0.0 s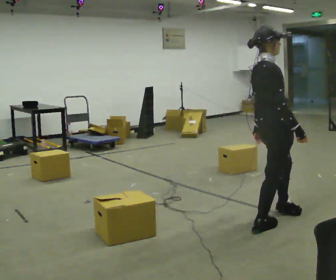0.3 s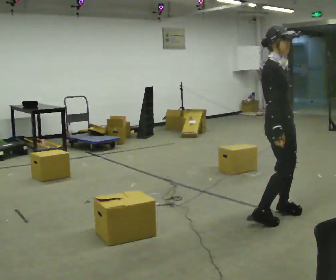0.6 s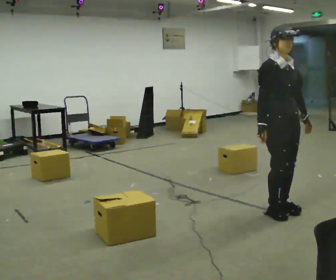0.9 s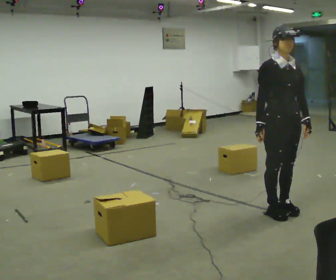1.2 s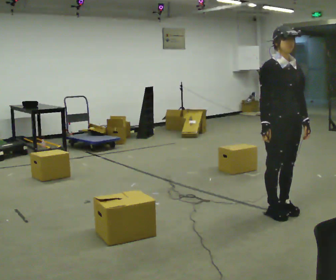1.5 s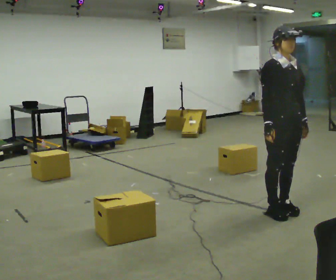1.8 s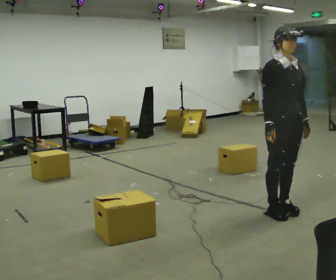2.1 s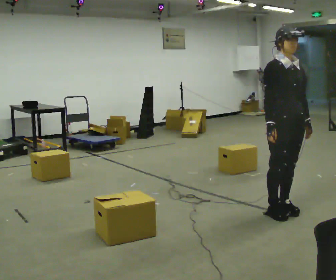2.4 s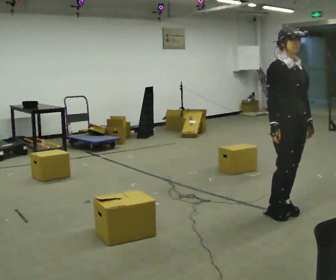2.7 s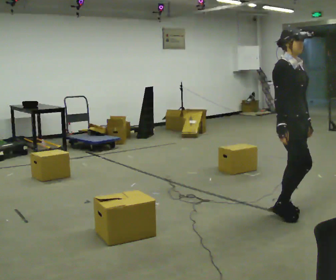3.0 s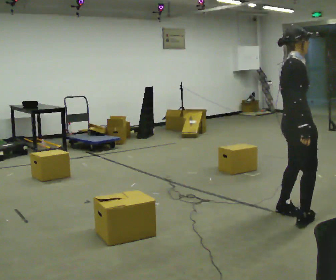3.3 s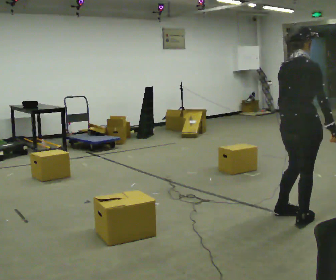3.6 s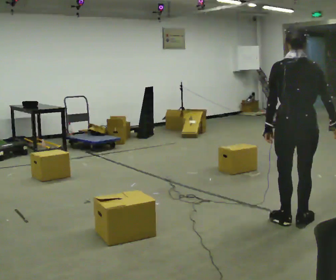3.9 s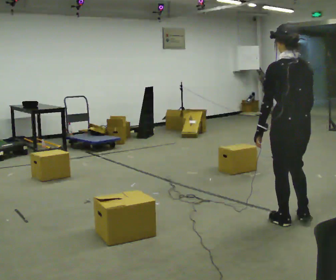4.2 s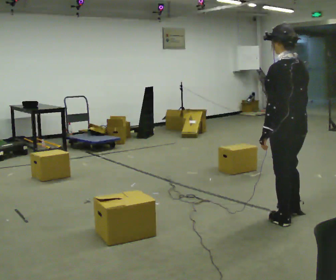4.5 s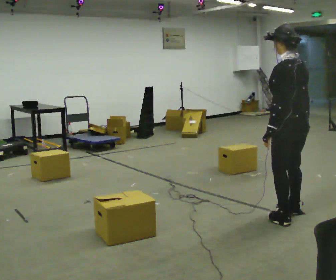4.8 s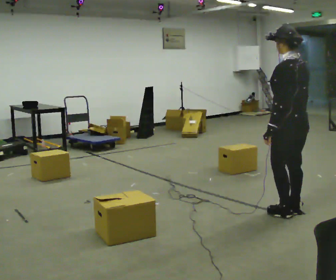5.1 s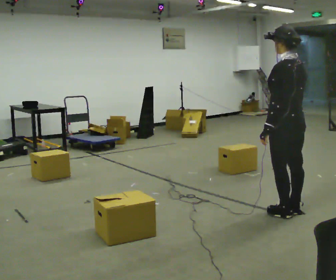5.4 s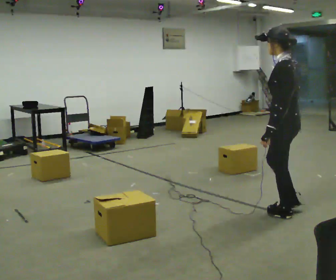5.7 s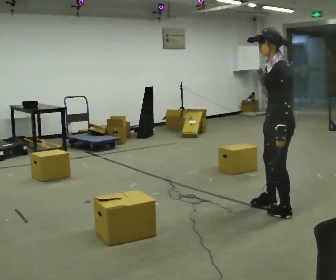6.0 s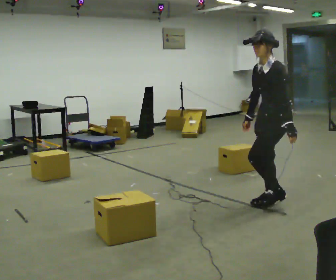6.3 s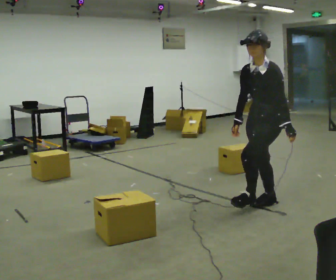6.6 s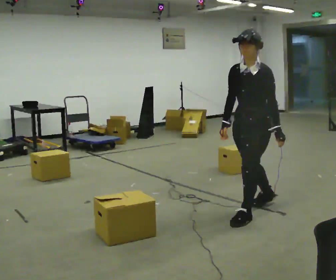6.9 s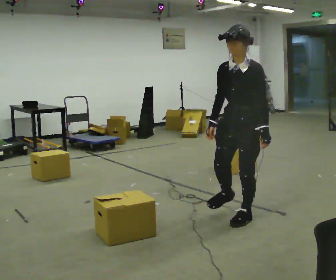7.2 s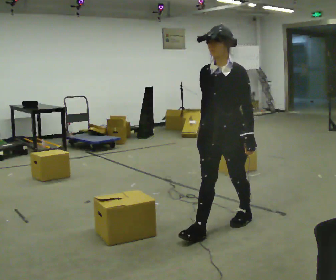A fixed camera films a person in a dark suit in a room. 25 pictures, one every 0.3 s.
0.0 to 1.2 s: Seen from above the body turns clockwise, about 60 degrees: to their right, with its near side sliding to the left. In the picture they go away from the camera, about 0.25 m in 1 step.
1.2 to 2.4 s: The person moves a little, or ends about where they began.
2.4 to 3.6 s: The person turns about 135 degrees to their left, counterclockwise seen from above, so the part of the body nearest the lens slides to the right. In the picture they go toward the camera, about 0.25 m in 2 steps. In the picture their right hand goes to the right, the arm swinging counterclockwise.
3.6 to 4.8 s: The part of the body nearest the lens slides to the right as the person turns to their left by about 45 degrees. In the picture they go away from the camera, about 0.25 m in 2 steps, which for them is forward and to their right.
4.8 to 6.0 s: The part of the body nearest the lens slides to the right as the person turns to their left by about 75 degrees. In the picture they go away from the camera and to the left, about 0.25 m in 1 step.
6.0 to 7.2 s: The person turns about 30 degrees to their left, counterclockwise seen from above, so the part of the body nearest the lens slides to the right. In the picture they go toward the camera and to the left, about 0.5 m in 2 steps, which for them is forward.
The film runs forward here.
